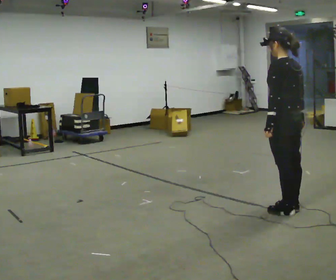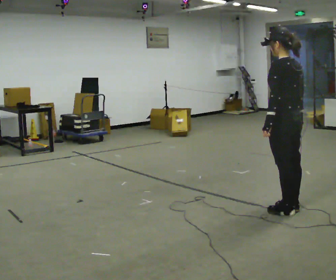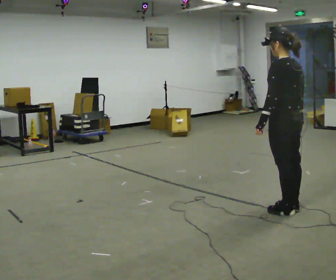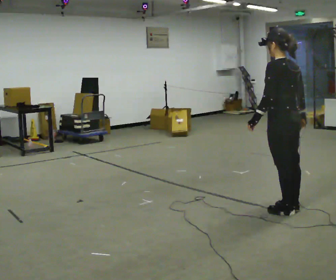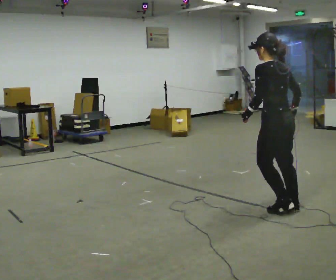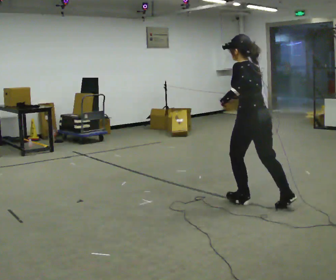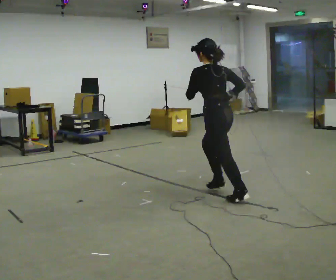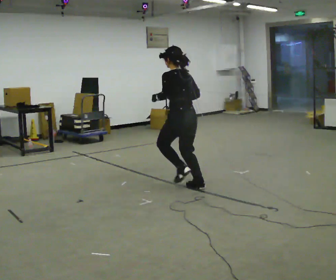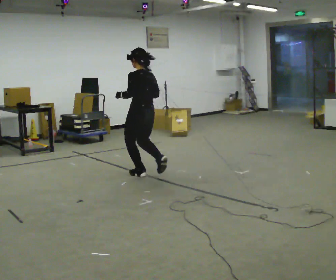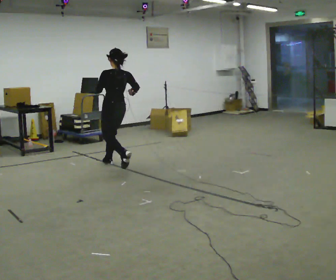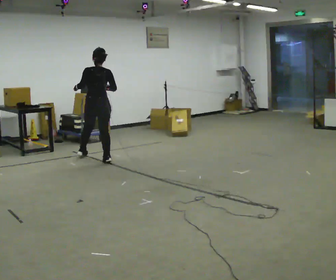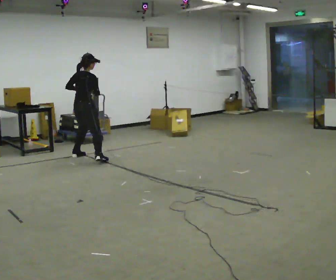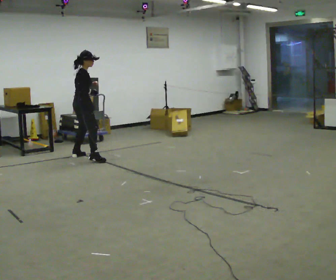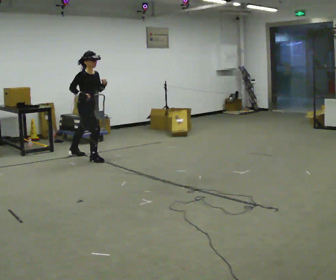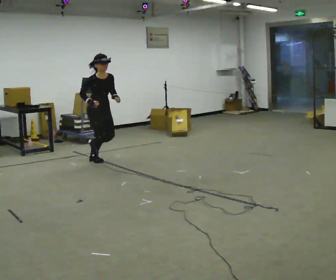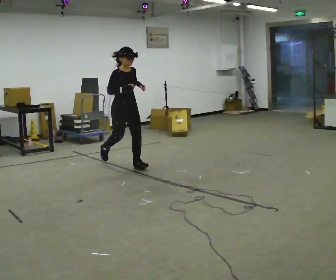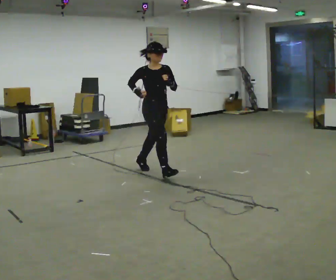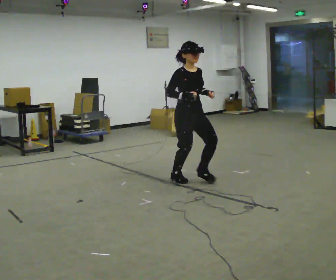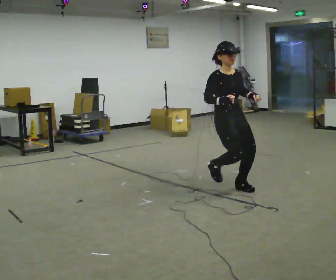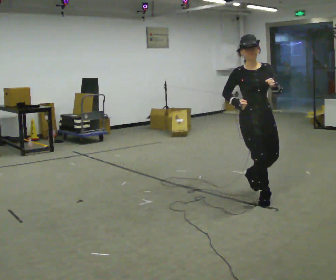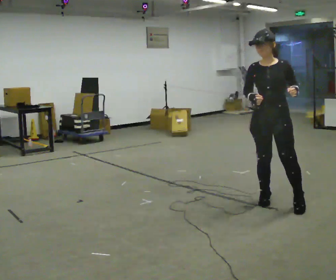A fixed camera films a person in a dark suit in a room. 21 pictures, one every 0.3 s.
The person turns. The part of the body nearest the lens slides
to the left.
The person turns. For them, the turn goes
to their right.
0.0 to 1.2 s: The person moves a little, or ends about where they began.
1.2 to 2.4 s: In the picture they go away from the camera and to the left, about 2 m in 3 steps, which for them is forward.
2.4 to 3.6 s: The person turns about 120 degrees to their right, clockwise seen from above, so the part of the body nearest the lens slides to the left. In the picture they go away from the camera and to the left, about 1.5 m in 2 steps.
3.6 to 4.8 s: Seen from above the body turns clockwise, about 75 degrees: to their right, with its near side sliding to the left. In the picture they go toward the camera and to the right, about 1.5 m in 2 steps.
4.8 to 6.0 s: The part of the body nearest the lens slides to the left as the person turns to their right by about 60 degrees. In the picture they go toward the camera and to the right, about 1.5 m in 3 steps.
The film runs forward here.
